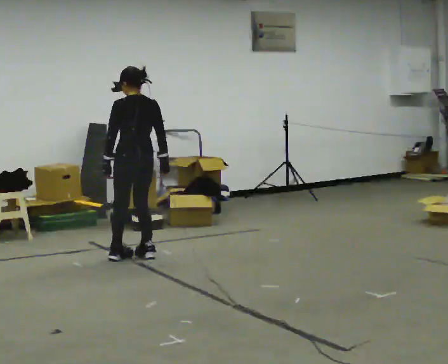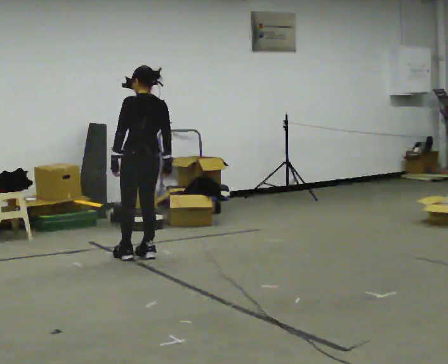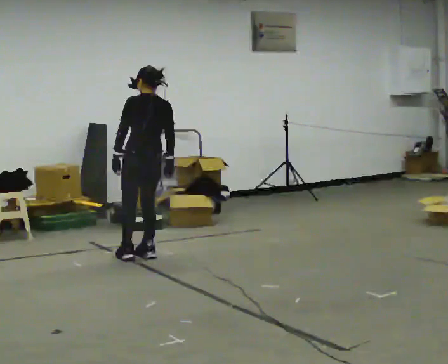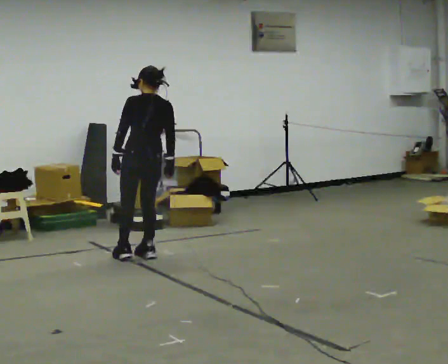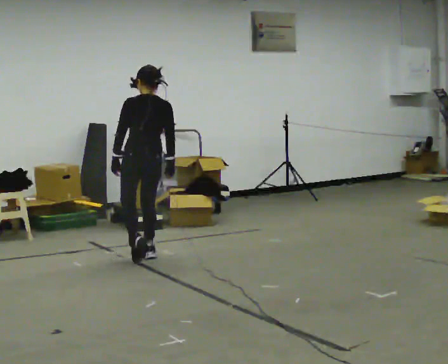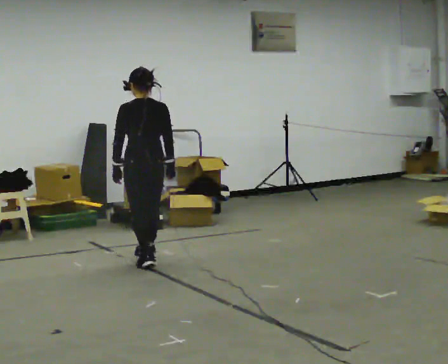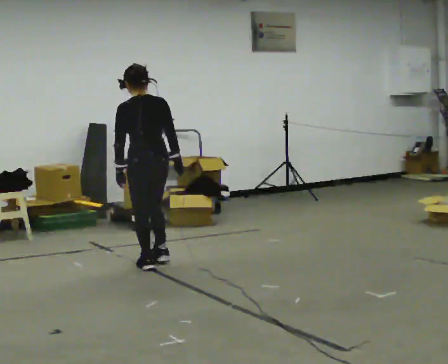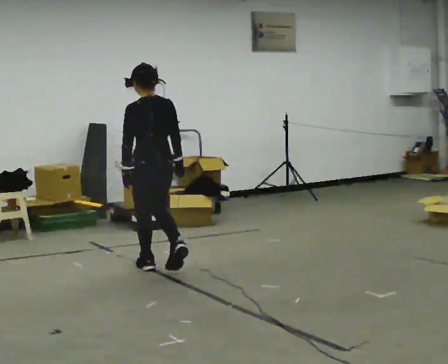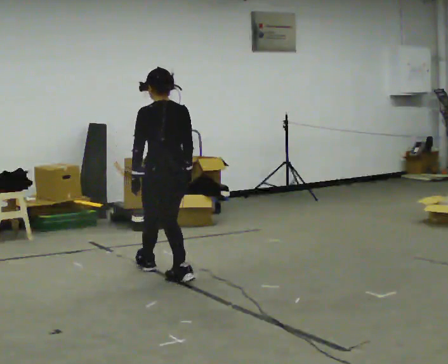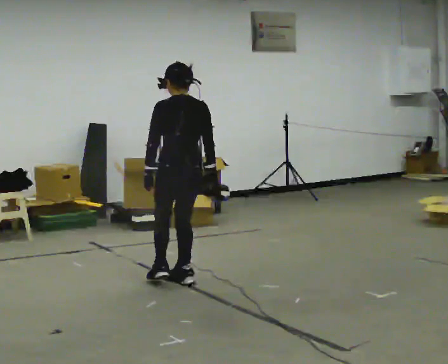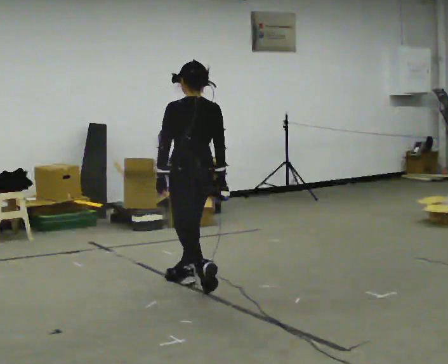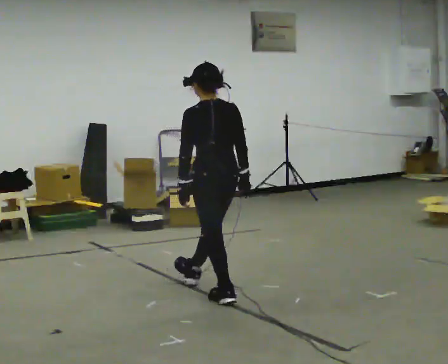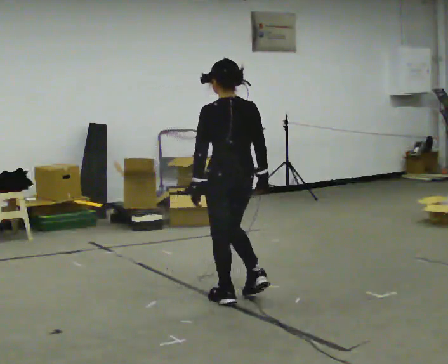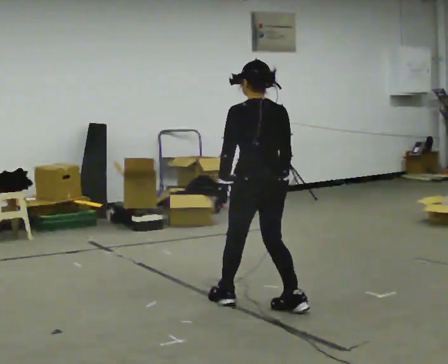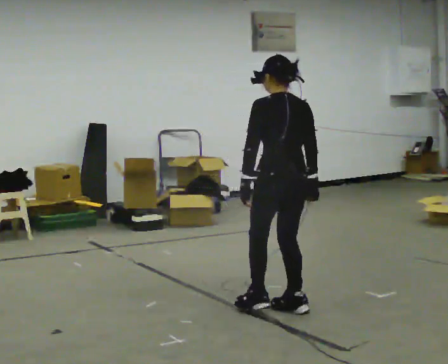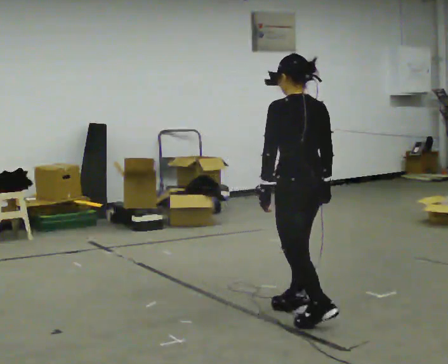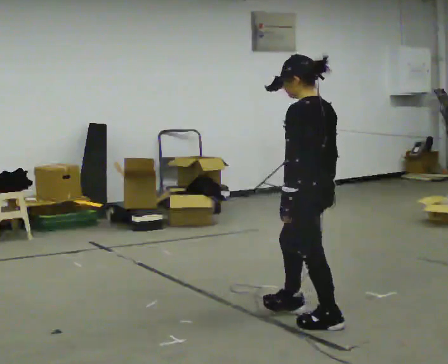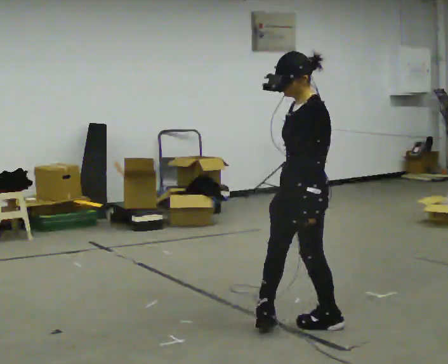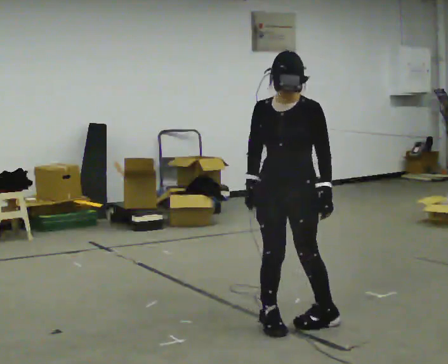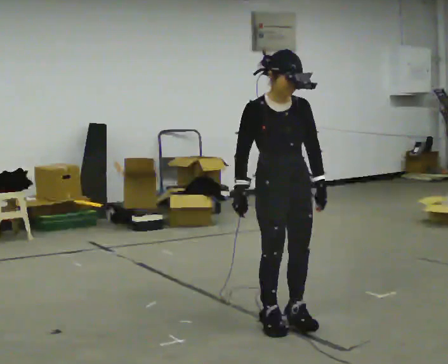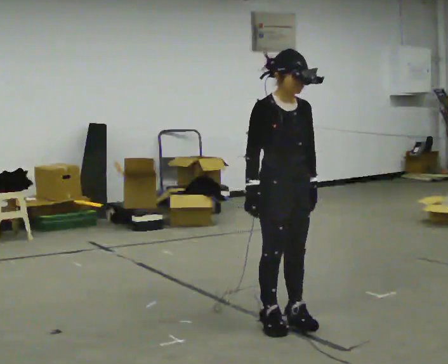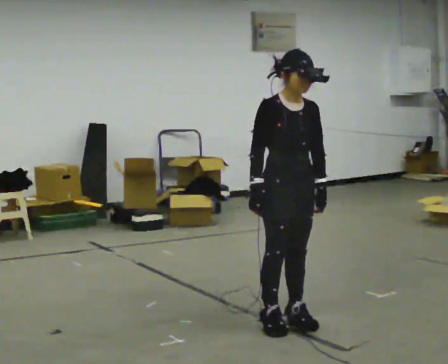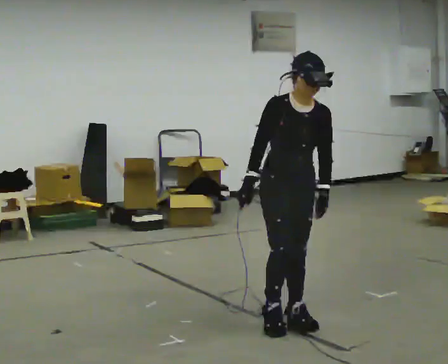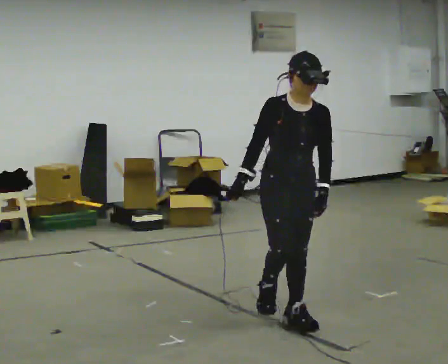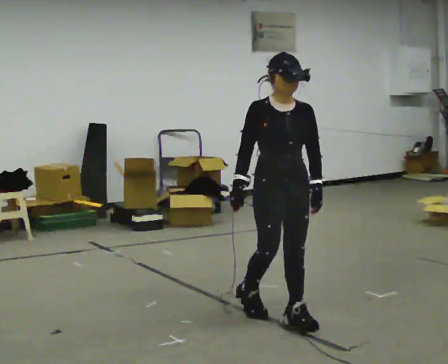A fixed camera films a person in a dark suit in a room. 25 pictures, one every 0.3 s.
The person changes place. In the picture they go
toward the camera.
0.0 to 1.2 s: The person moves a little, or ends about where they began.
1.2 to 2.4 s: In the picture they go toward the camera and to the right, about 0.75 m in 2 steps, which for them is backward.
2.4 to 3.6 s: In the picture they go toward the camera and to the right, about 0.5 m in 1 step, which for them is backward.
3.6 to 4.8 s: The person turns about 30 degrees to their left, counterclockwise seen from above, so the part of the body nearest the lens slides to the right. In the picture they go toward the camera and to the right, about 0.5 m in 2 steps, which for them is backward.
4.8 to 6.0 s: The person turns about 150 degrees to their left, counterclockwise seen from above, so the part of the body nearest the lens slides to the right. In the picture they go to the left, about 0.25 m in 2 steps. In the picture their right hand goes to the left.
6.0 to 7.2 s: The person moves a little, or ends about where they began.
The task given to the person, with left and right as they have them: Walk backward slowly; stop.
The film runs forward here.
